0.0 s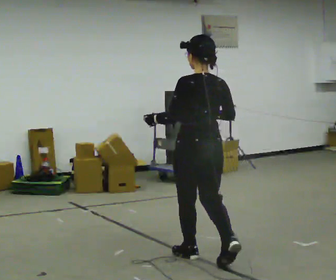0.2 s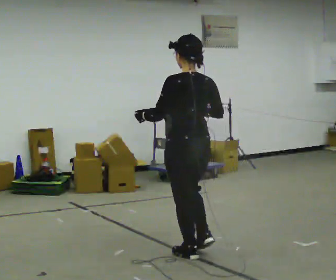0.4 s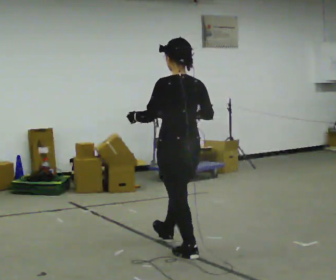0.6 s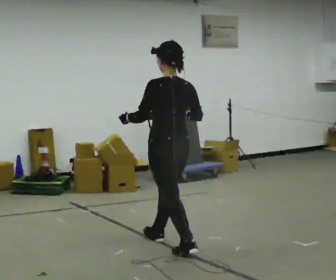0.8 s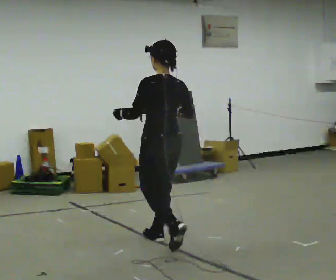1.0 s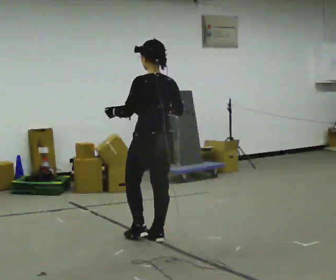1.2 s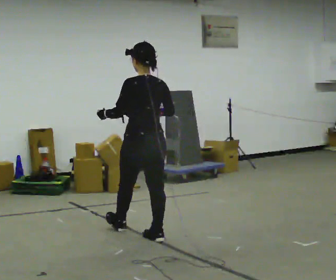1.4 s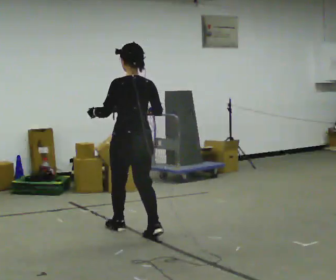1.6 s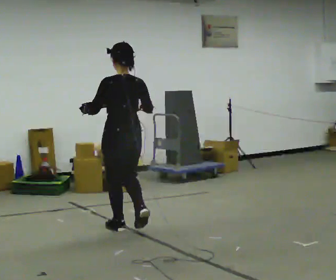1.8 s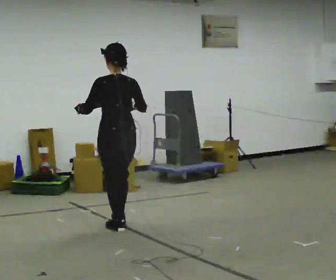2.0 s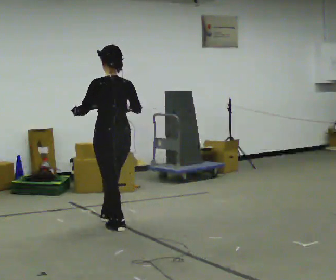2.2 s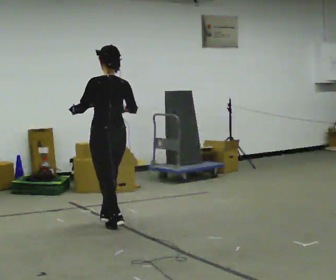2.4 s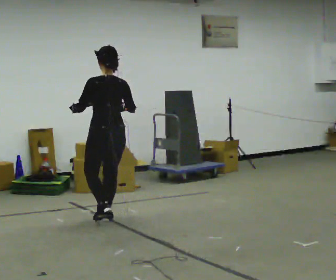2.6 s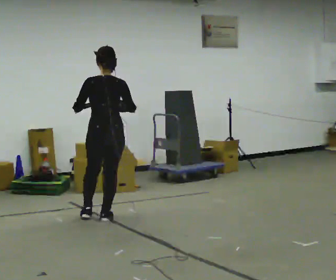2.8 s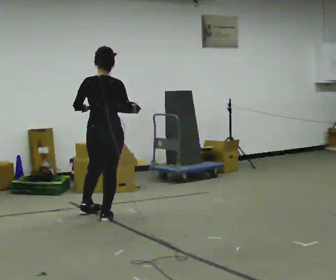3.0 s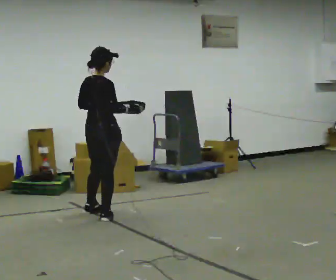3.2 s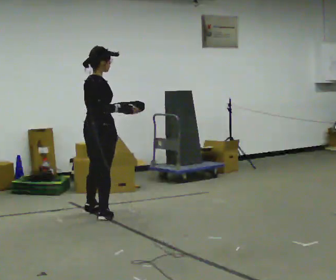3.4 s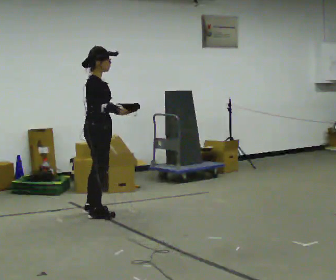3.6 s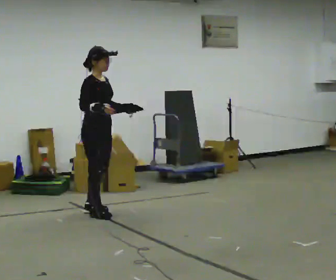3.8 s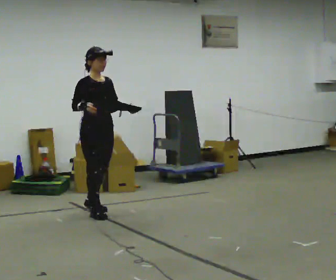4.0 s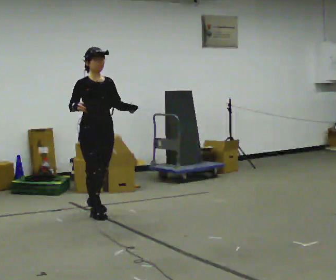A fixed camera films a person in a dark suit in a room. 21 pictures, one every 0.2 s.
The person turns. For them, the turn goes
to their right.
The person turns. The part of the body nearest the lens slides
to the left.
0.0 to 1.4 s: In the picture they go away from the camera and to the left, about 1 m in 2 steps, which for them is forward.
1.4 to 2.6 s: In the picture they go away from the camera and to the left, about 0.75 m in 1 step, which for them is forward.
2.6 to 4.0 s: The person turns about 150 degrees to their right, clockwise seen from above, so the part of the body nearest the lens slides to the left. In the picture they go away from the camera, about 0.25 m in 3 steps.
The film runs forward here.
